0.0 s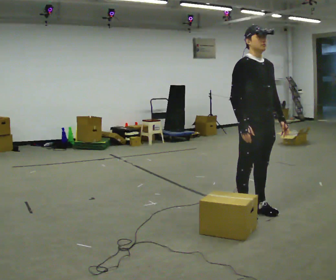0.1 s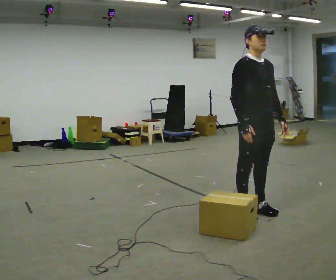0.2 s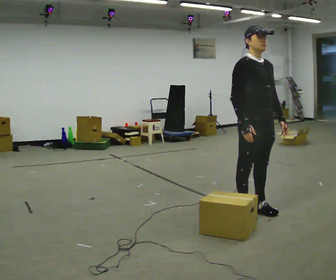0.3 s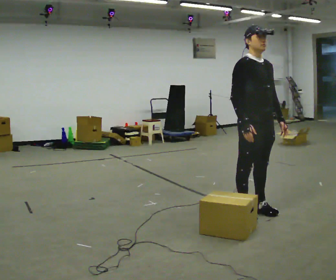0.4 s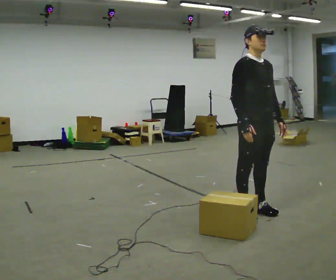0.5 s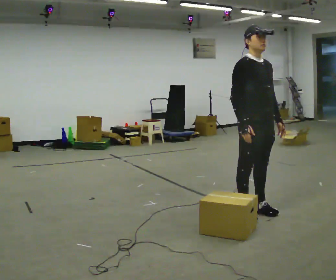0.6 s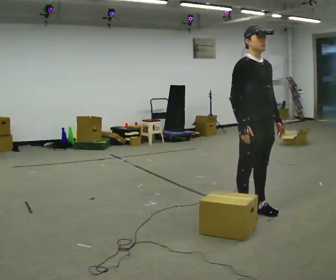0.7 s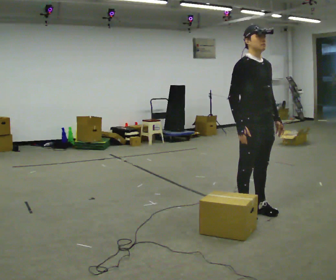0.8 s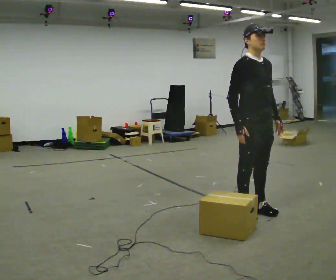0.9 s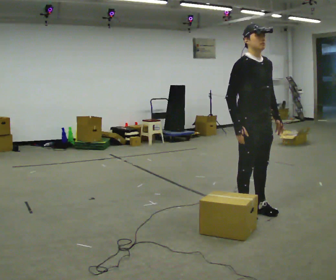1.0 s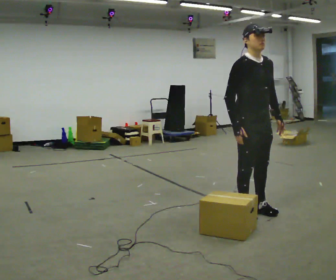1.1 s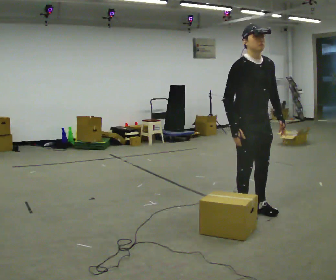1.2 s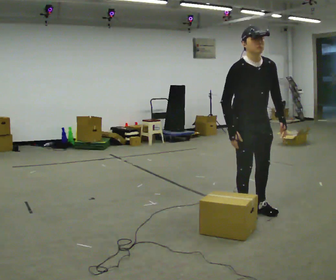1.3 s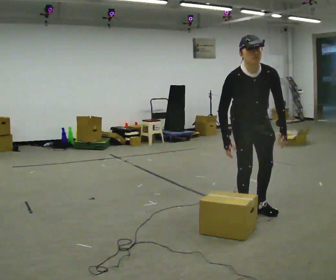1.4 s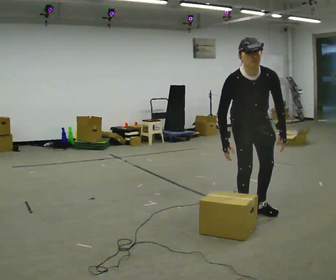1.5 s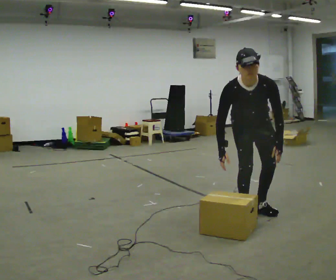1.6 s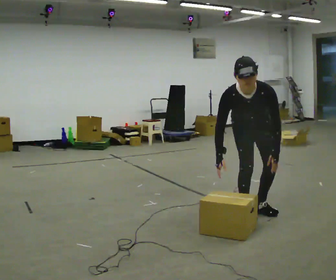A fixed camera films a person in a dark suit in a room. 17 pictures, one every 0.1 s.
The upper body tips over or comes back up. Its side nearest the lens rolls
downward.
0.0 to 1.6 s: The person turns about 45 degrees to their right, clockwise seen from above, so the part of the body nearest the lens slides to the left. The shoulders move downward. The upper body tips toward the camera, its near side rolling downward, as they bend forward.
The film runs backward here.
